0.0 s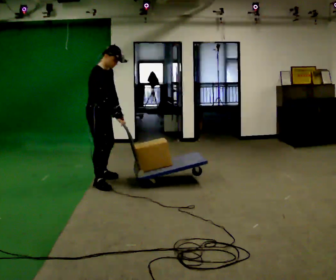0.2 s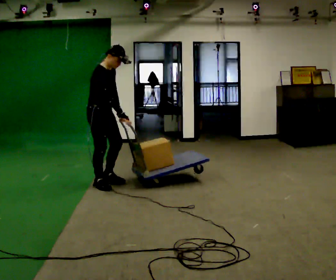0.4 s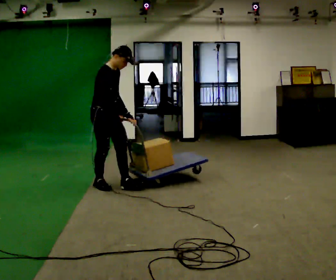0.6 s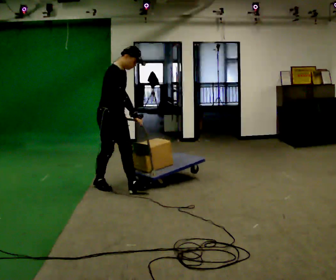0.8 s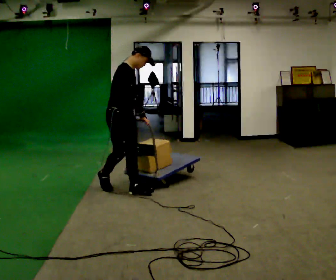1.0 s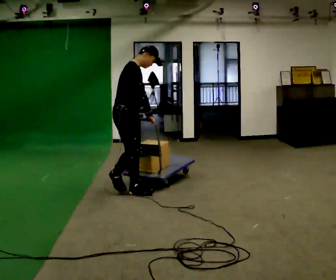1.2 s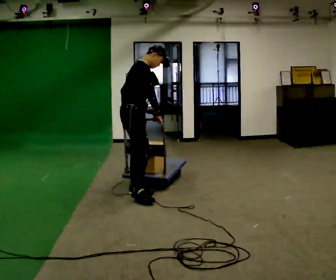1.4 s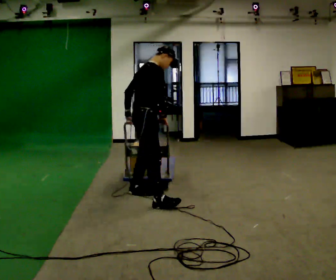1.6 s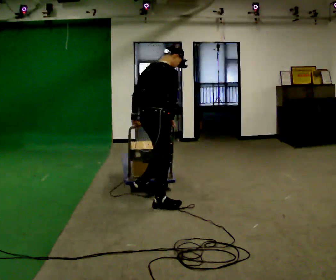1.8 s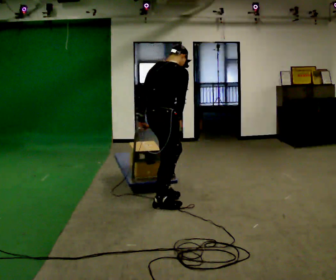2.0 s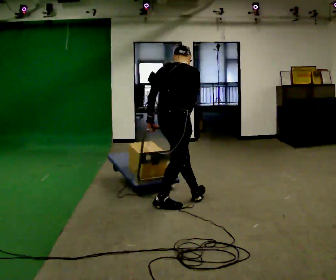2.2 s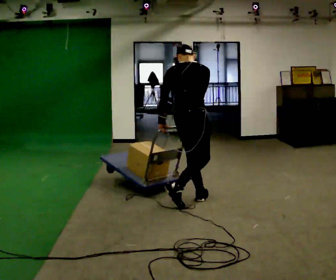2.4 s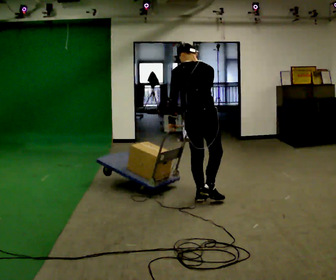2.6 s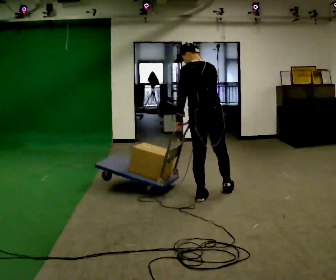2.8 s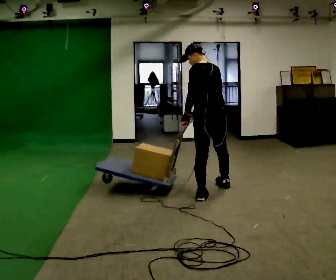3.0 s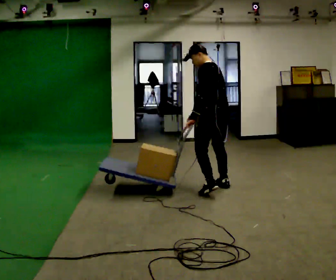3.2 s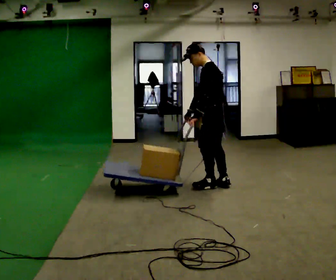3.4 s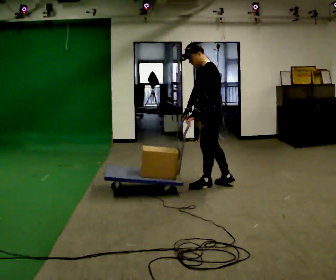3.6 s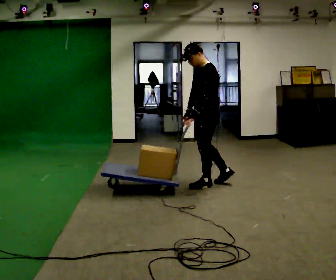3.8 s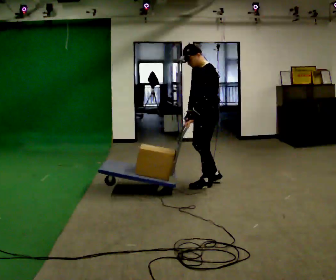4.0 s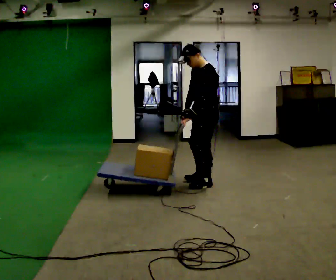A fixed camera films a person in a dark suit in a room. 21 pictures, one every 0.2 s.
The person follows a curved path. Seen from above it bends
counterclockwise.
The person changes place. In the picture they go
to the right.
0.0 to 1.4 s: In the picture they go to the right and toward the camera, about 1 m in 2 steps, which for them is forward.
1.4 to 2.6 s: Seen from above the body turns counterclockwise, about 90 degrees: to their left, with its near side sliding to the right. In the picture they go to the right, about 0.75 m in 1 step. In the picture the upper body tilts counterclockwise, shoulders to the left.
2.6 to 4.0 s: Seen from above the body turns counterclockwise, about 90 degrees: to their left, with its near side sliding to the right. In the picture they go away from the camera, about 0.5 m in 2 steps.
The film runs forward here.
